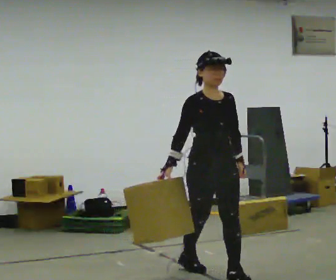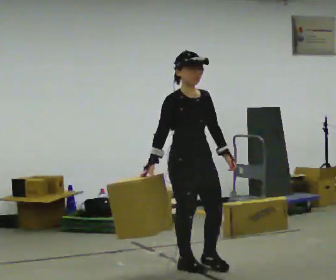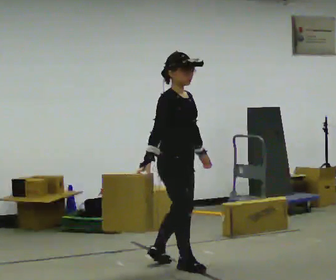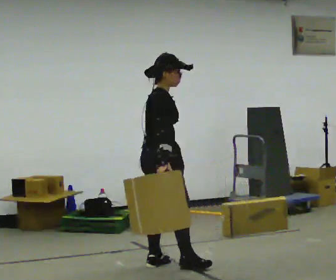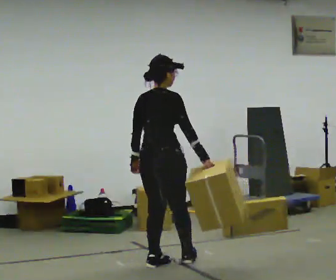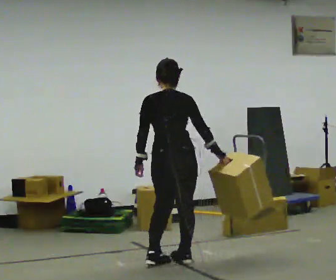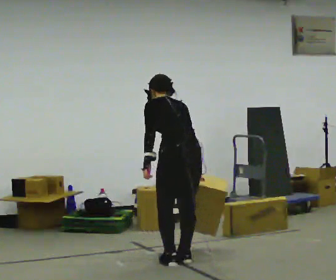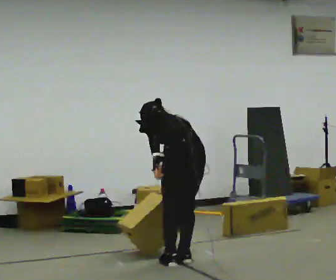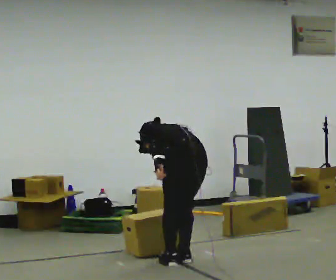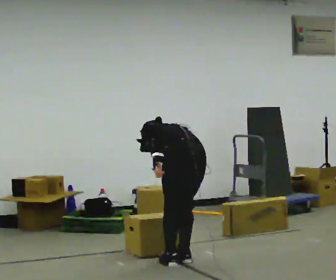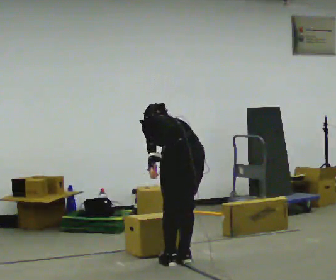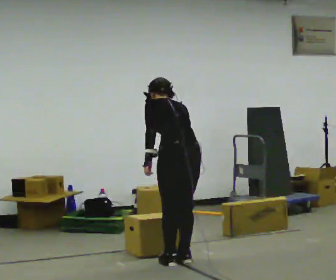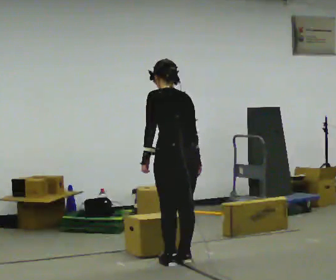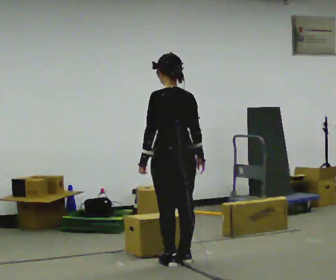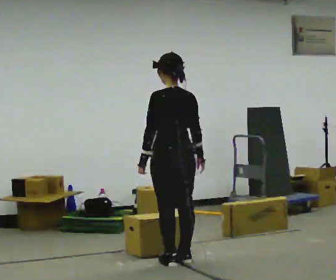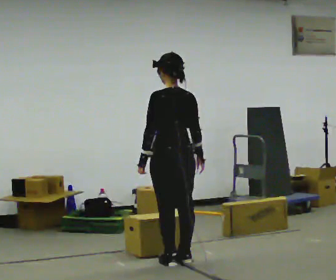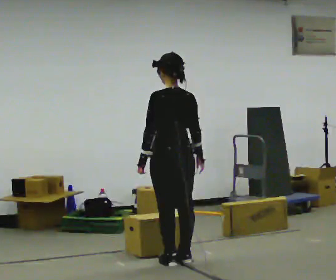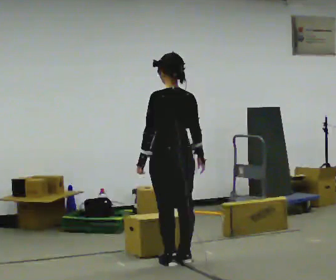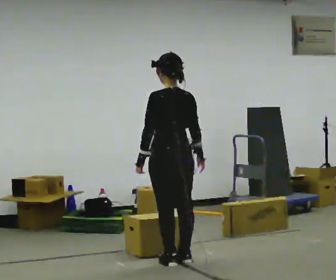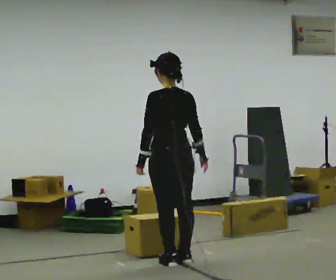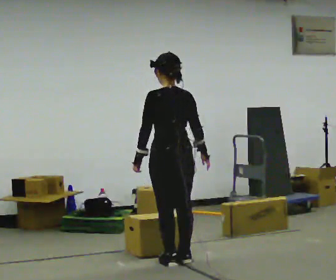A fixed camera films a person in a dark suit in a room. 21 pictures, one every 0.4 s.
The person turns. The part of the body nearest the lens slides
to the right.
The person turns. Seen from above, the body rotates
counterclockwise.
0.0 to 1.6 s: The person turns about 120 degrees to their left, counterclockwise seen from above, so the part of the body nearest the lens slides to the right. In the picture they go to the left and away from the camera, about 0.5 m in 2 steps.
1.6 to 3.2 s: The person turns about 75 degrees to their left, counterclockwise seen from above, so the part of the body nearest the lens slides to the right. In the picture they go to the right, about 0.25 m in 1 step. The shoulders move downward. The upper body tips away from the camera, its near side rolling upward, as they bend forward.
3.2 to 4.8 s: The upper body goes upward. The upper body tips toward the camera, its near side rolling downward, as they lean back or straighten.
4.8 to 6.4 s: The upper body tips toward the camera, its near side rolling downward, as they lean back or straighten.
6.4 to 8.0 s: The person moves a little, or ends about where they began.
The film runs backward here.
